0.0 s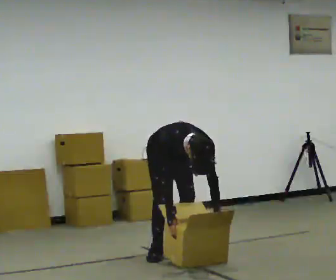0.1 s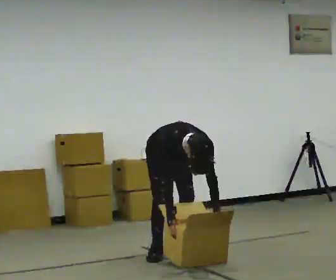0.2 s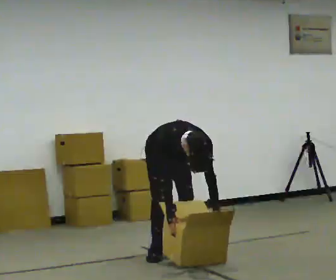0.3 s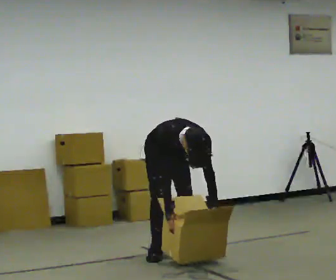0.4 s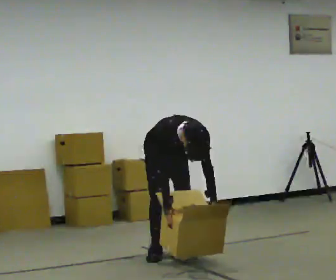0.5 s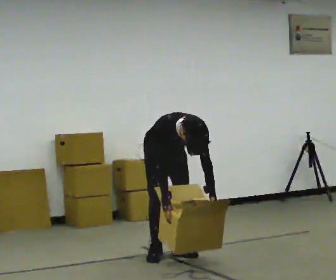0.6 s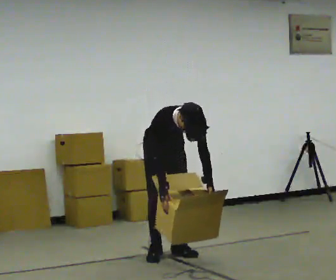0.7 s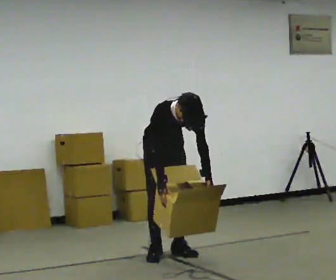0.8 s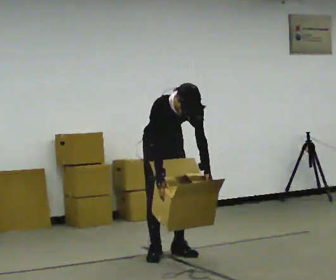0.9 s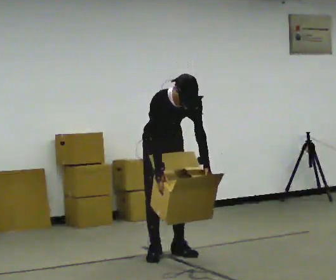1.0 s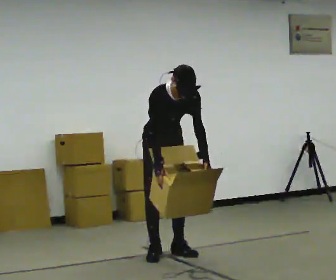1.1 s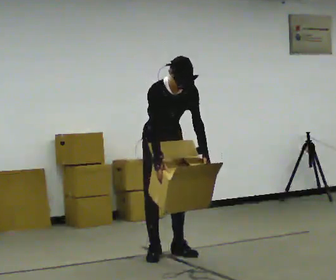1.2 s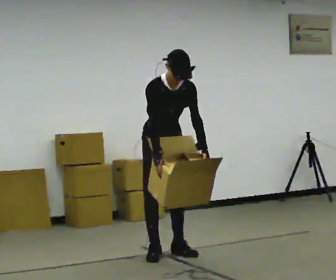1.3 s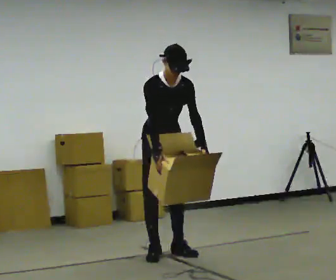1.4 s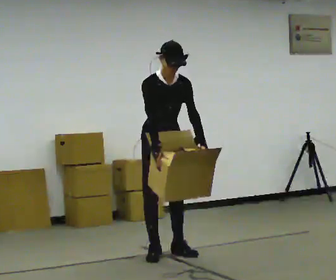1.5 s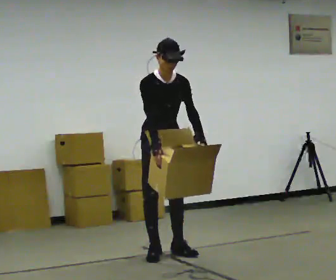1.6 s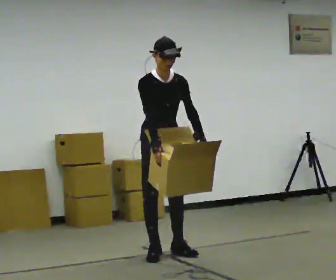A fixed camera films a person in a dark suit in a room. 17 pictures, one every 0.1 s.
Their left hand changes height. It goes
upward.
Their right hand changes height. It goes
upward.
0.0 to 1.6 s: The upper body goes upward. The upper body tips away from the camera, its near side rolling upward, as they lean back or straighten. In the picture their right hand goes upward.
The film runs backward here.
